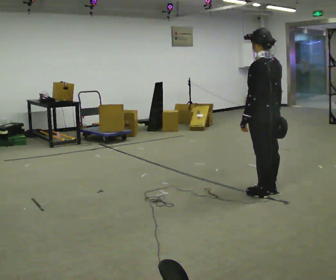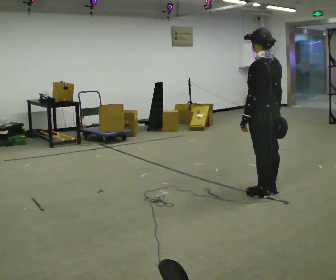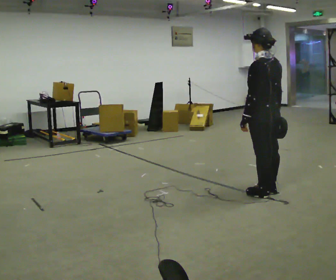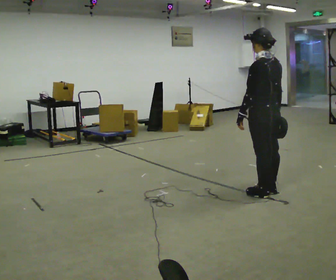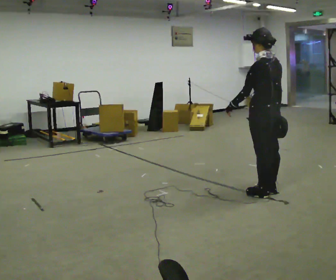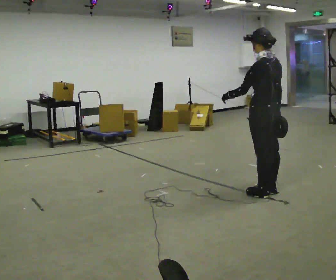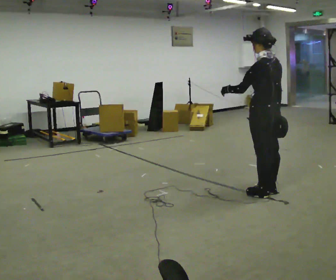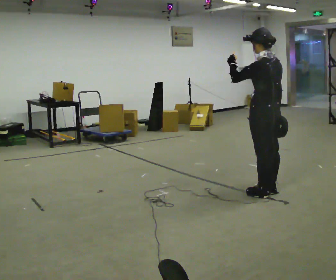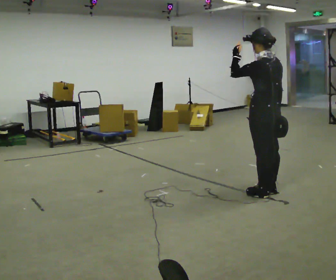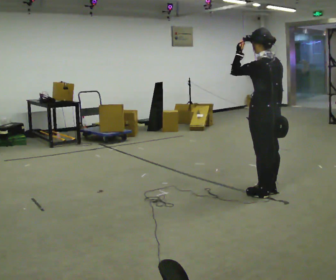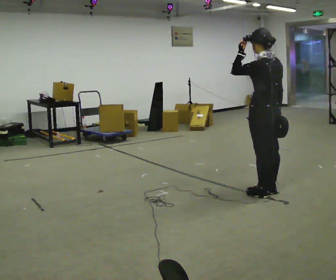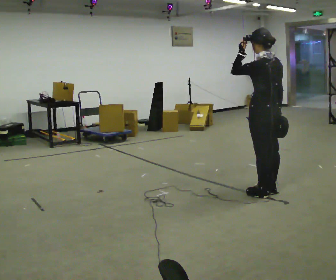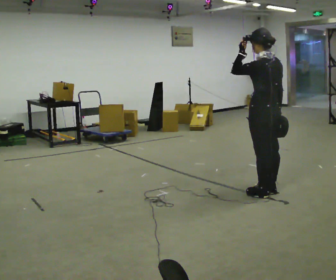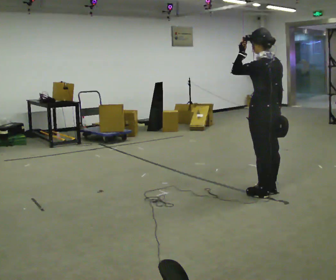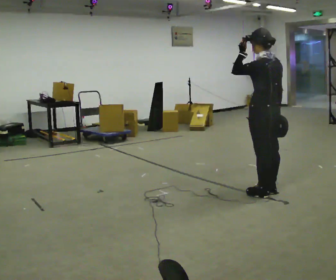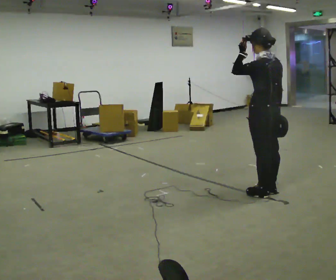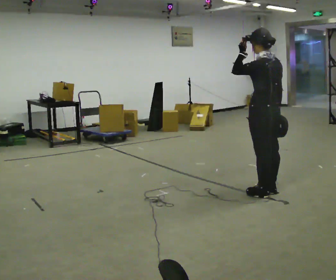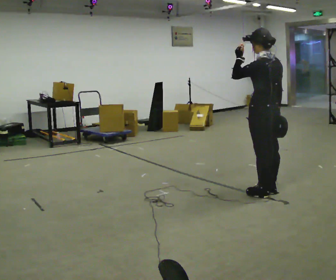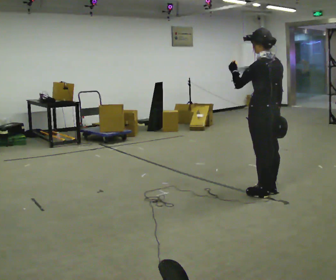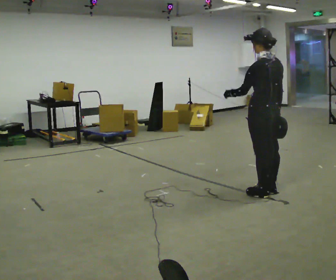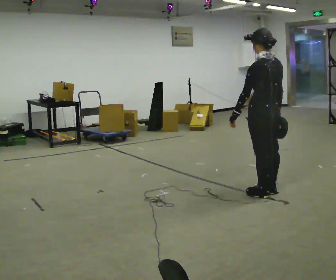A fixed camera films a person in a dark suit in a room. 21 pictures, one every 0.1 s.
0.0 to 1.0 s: In the picture their left hand goes upward.
1.0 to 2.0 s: In the picture their left hand goes downward.
The film runs forward here.
